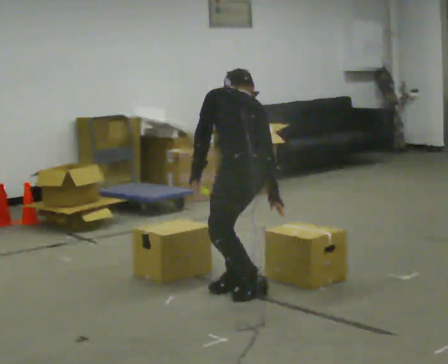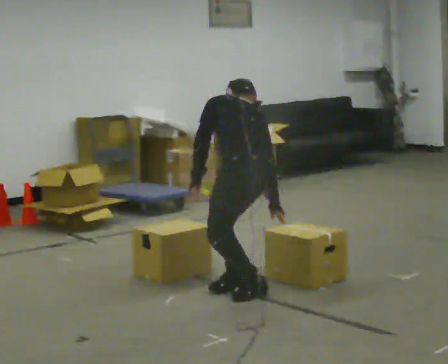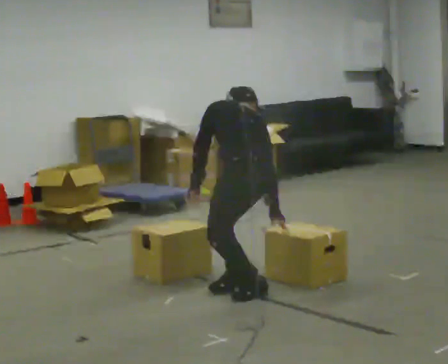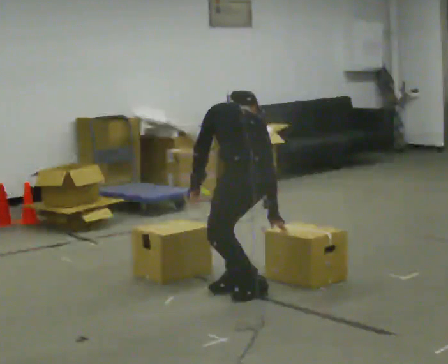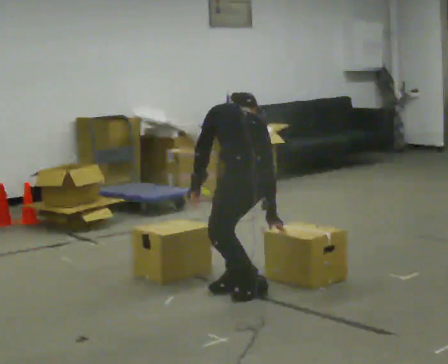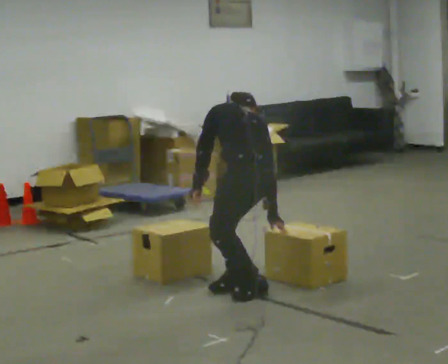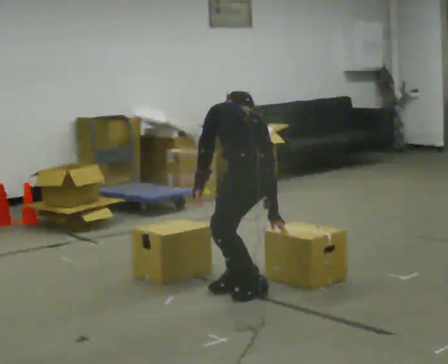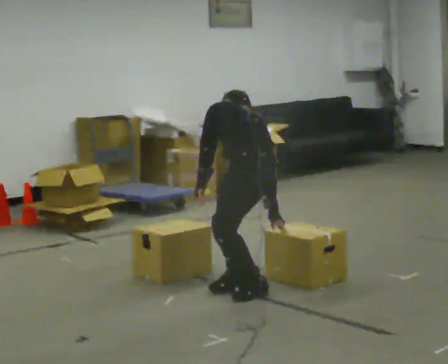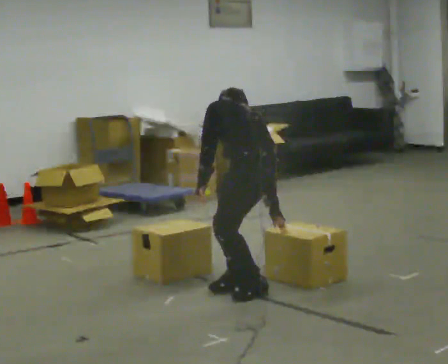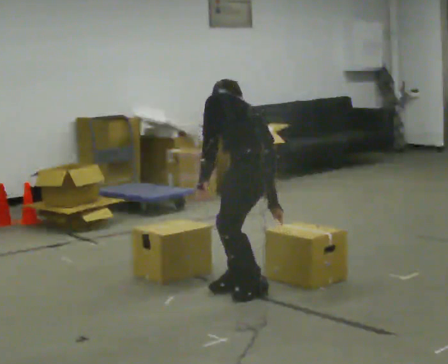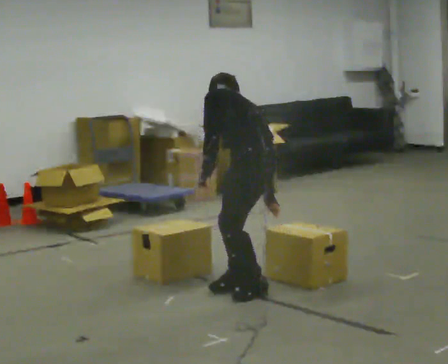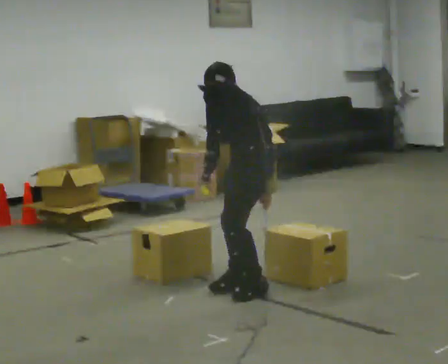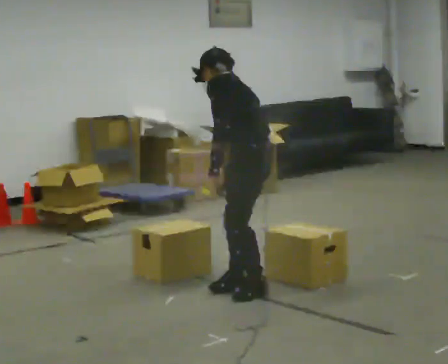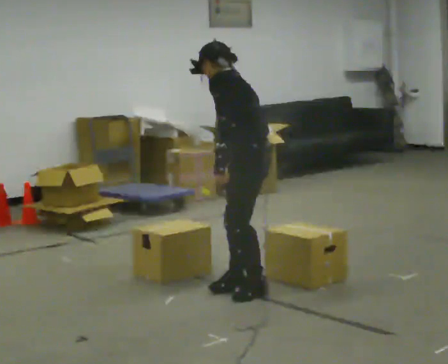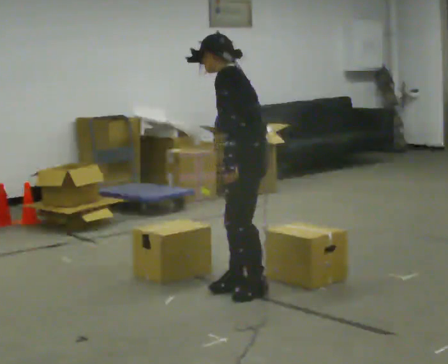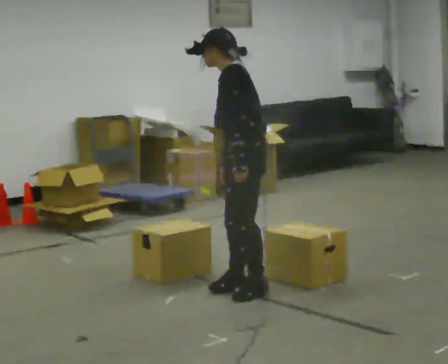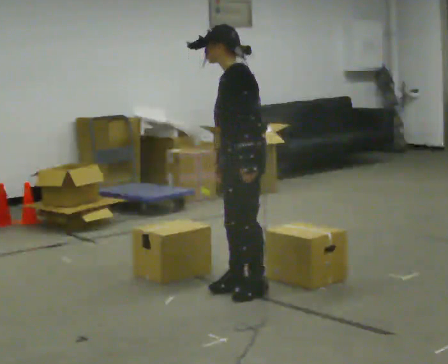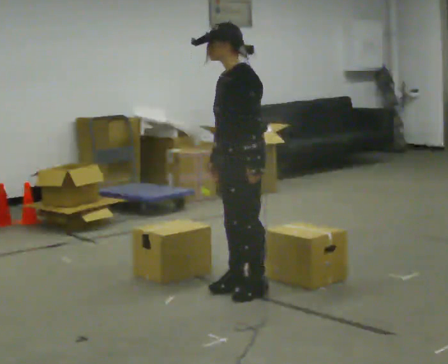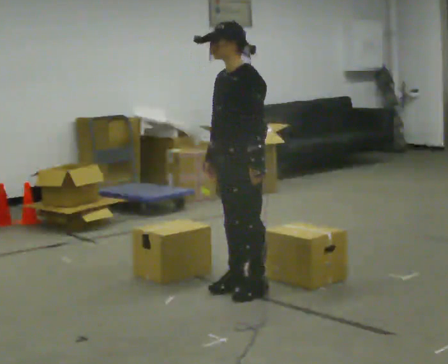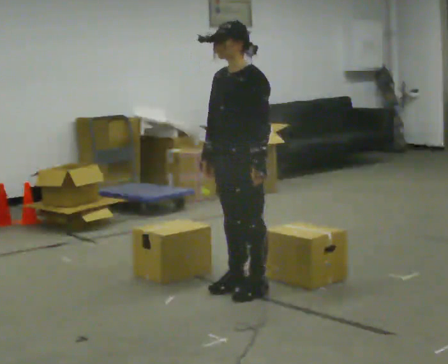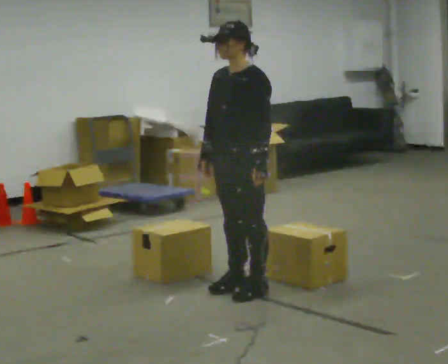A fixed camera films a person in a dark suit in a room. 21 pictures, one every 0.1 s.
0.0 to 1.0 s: In the picture the upper body tilts counterclockwise, shoulders to the left.
1.0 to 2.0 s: Seen from above the body turns counterclockwise, about 60 degrees: to their left, with its near side sliding to the right. The shoulders move upward. The upper body tips toward the camera, its near side rolling downward, as they lean back or straighten. In the picture their right hand goes to the left.
The film runs forward here.
